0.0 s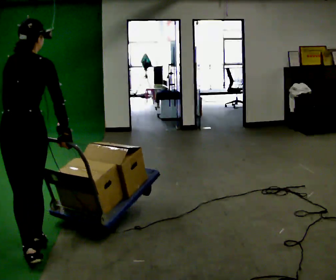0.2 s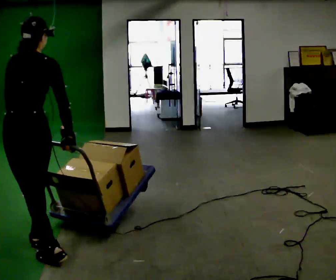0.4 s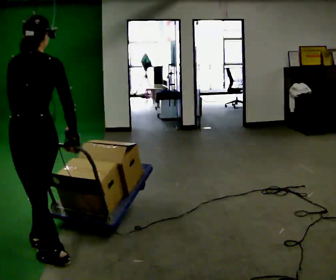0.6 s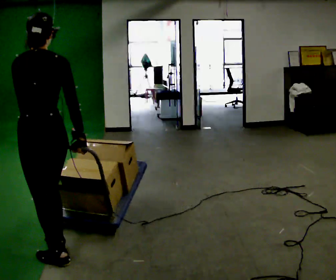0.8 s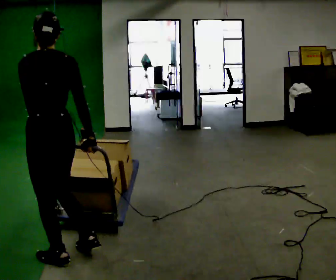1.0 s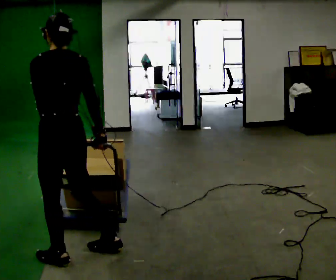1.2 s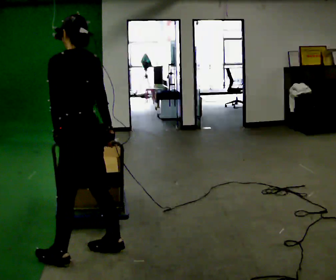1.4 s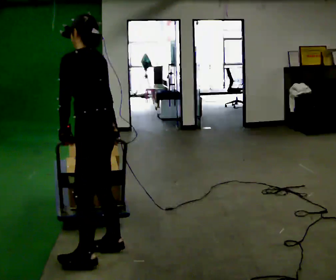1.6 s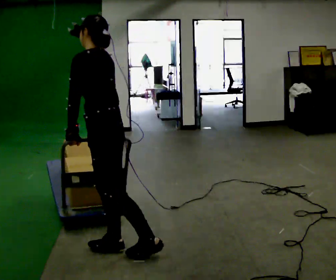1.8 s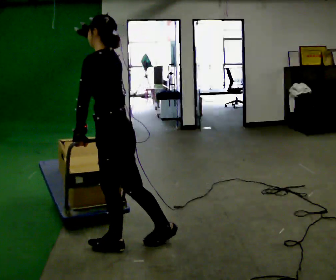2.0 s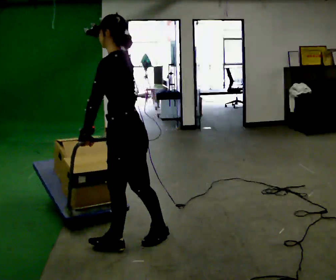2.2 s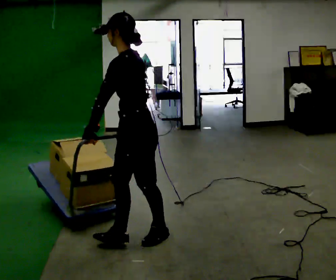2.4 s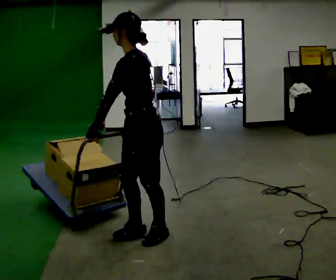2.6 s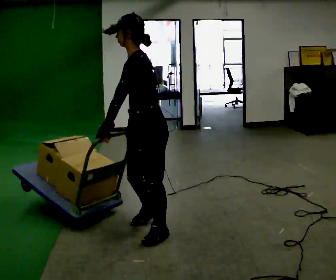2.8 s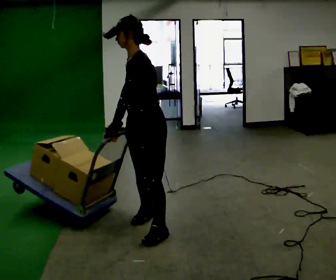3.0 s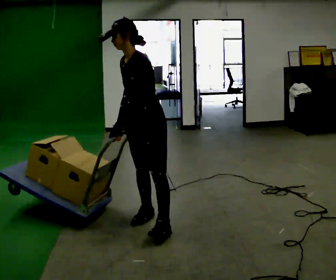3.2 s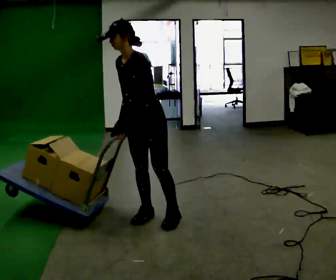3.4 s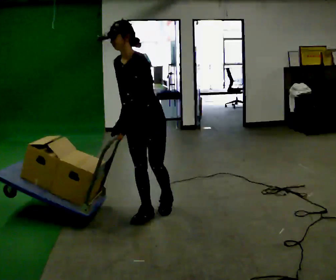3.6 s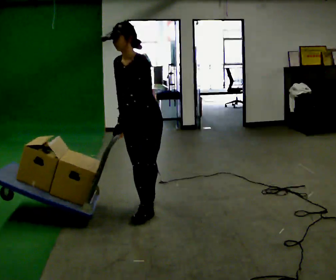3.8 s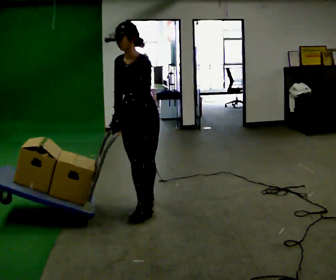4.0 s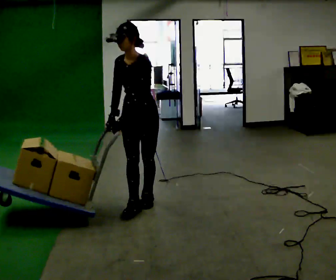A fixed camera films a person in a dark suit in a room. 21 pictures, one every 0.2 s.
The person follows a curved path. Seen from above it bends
counterclockwise.
The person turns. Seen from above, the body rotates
counterclockwise.
0.0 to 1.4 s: Seen from above the body turns counterclockwise, about 60 degrees: to their left, with its near side sliding to the right. In the picture they go to the right, about 0.5 m in 2 steps.
1.4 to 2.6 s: The person turns about 30 degrees to their left, counterclockwise seen from above, so the part of the body nearest the lens slides to the right. In the picture they go to the right and away from the camera, about 0.5 m in 1 step, which for them is backward and to their right.
2.6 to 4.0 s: The part of the body nearest the lens slides to the right as the person turns to their left by about 45 degrees. In the picture they go away from the camera, about 0.5 m in 2 steps, which for them is to their right and backward.
The film runs backward here.
